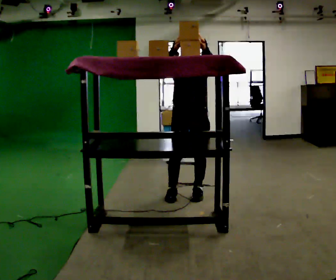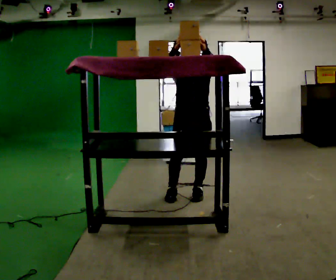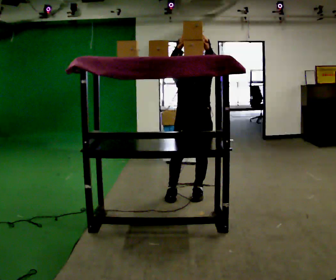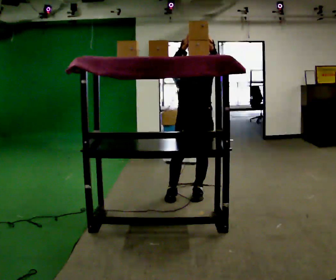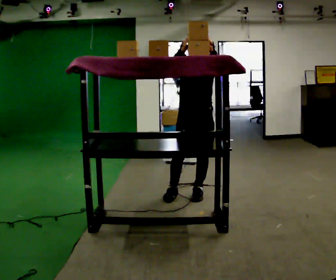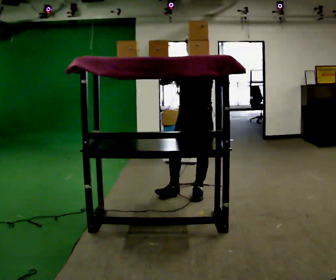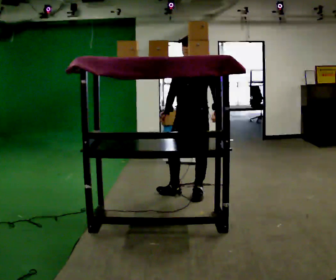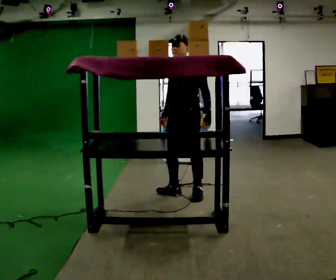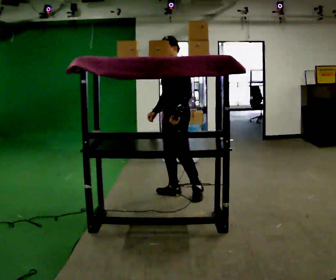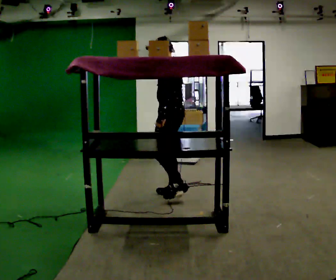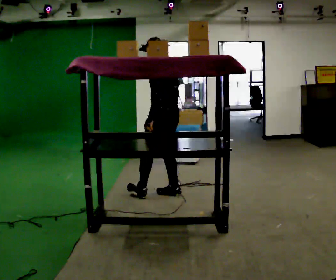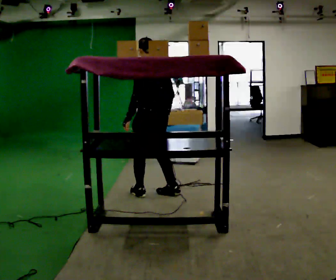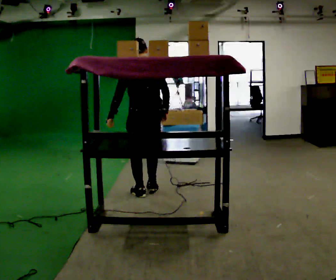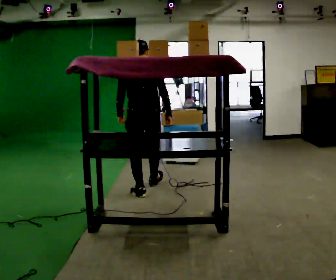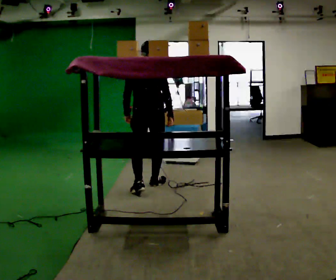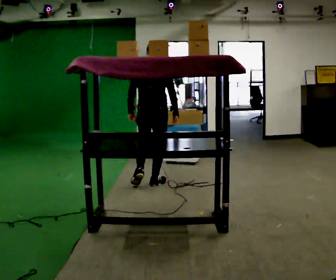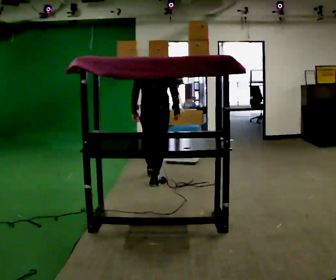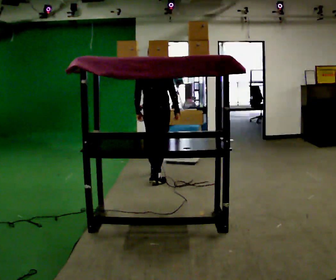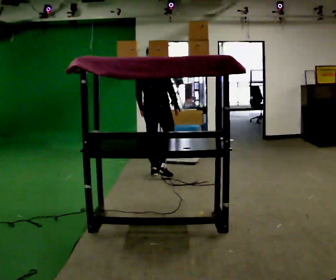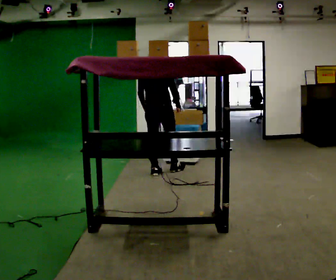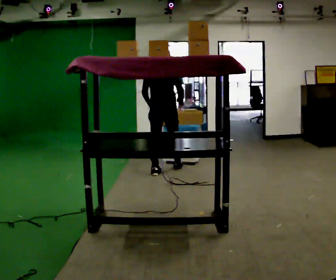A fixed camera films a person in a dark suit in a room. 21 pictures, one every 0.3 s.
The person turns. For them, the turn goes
to their right.
The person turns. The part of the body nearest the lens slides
to the left.
0.0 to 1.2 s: The person moves a little, or ends about where they began.
1.2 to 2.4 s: The person turns about 60 degrees to their right, clockwise seen from above, so the part of the body nearest the lens slides to the left. In the picture they go to the left, about 0.25 m, which for them is to their right. In the picture their right hand goes downward.
2.4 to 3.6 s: The part of the body nearest the lens slides to the left as the person turns to their right by about 90 degrees. In the picture they go to the left, about 0.25 m in 1 step.
3.6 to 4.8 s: The person turns about 45 degrees to their right, clockwise seen from above, so the part of the body nearest the lens slides to the left. In the picture they go away from the camera, about 0.5 m in 1 step, which for them is forward.
4.8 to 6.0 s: In the picture they go away from the camera, about 0.5 m in 2 steps, which for them is forward.
The film runs forward here.
